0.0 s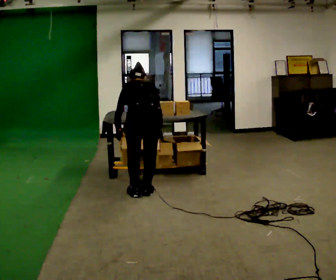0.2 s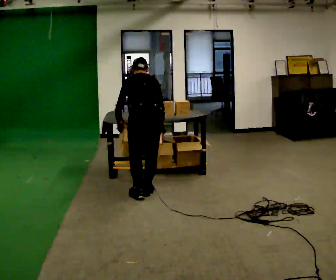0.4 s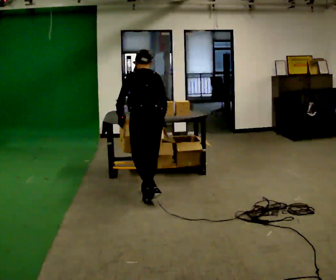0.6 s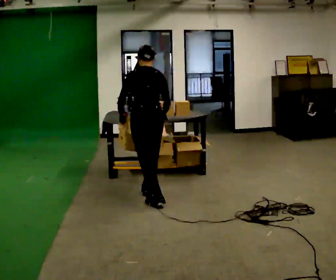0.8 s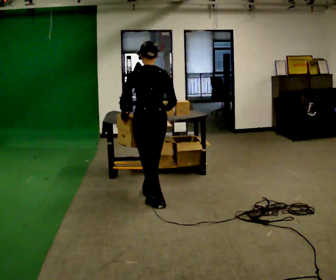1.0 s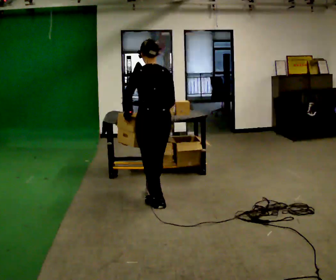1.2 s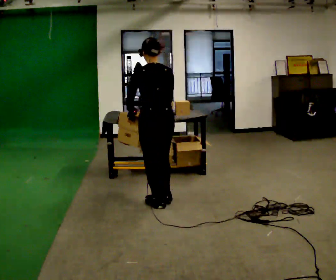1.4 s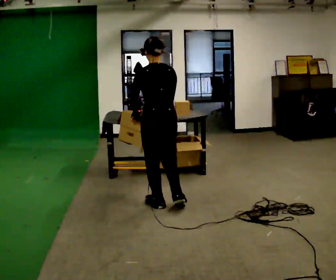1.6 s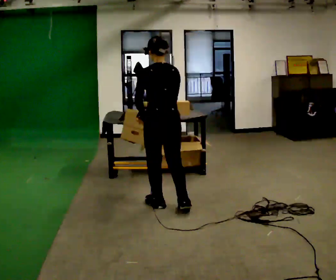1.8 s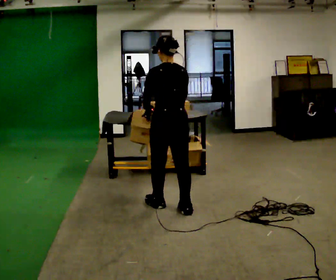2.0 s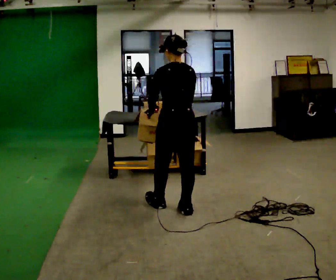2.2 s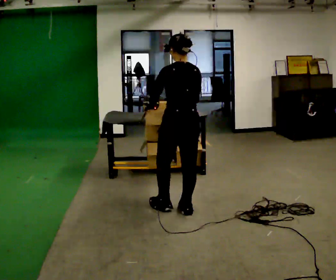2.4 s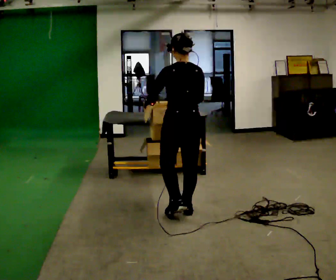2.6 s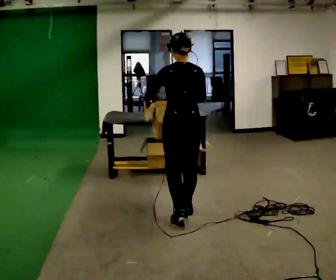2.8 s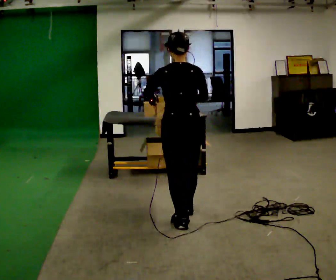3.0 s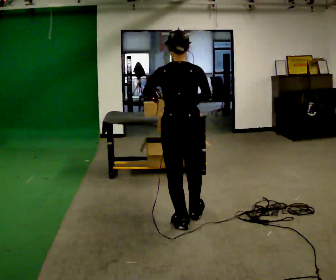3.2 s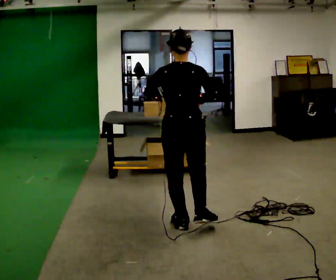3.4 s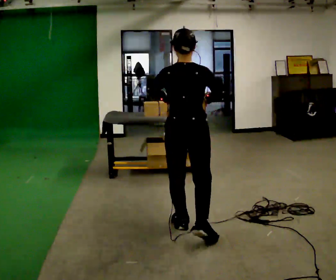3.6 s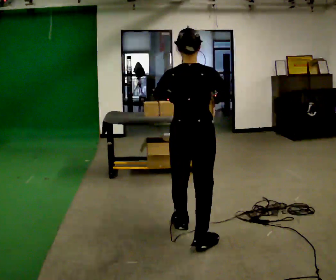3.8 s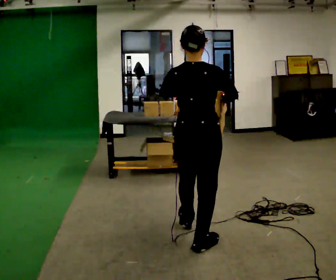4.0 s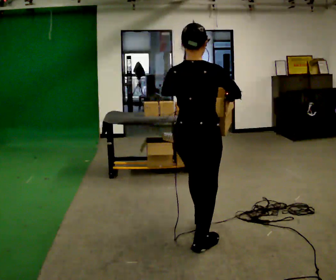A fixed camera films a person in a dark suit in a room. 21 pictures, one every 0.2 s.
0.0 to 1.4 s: In the picture they go toward the camera and to the right, about 0.25 m in 2 steps, which for them is backward. The shoulders move upward. The upper body tips toward the camera, its near side rolling downward, as they lean back or straighten.
1.4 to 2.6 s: In the picture they go toward the camera and to the right, about 0.25 m in 1 step, which for them is backward.
2.6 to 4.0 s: The part of the body nearest the lens slides to the left as the person turns to their right by about 30 degrees. In the picture they go toward the camera, about 0.5 m in 2 steps, which for them is backward.
The film runs backward here.
